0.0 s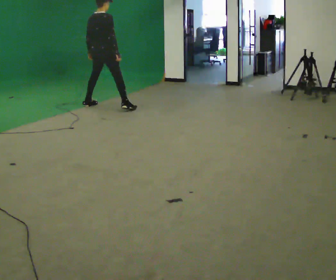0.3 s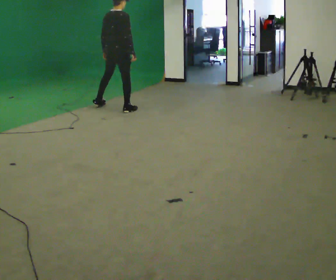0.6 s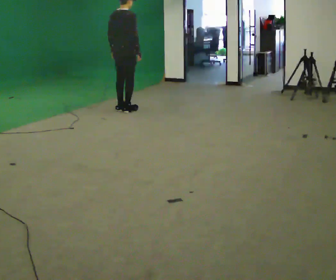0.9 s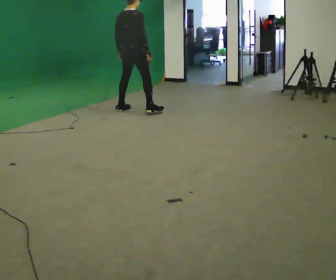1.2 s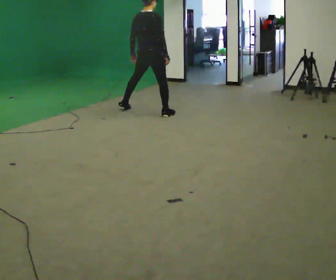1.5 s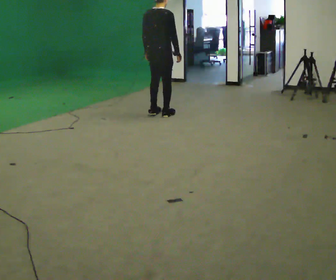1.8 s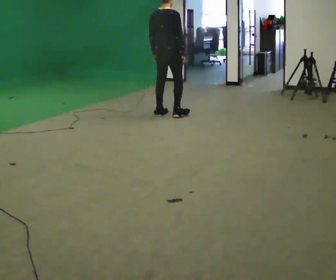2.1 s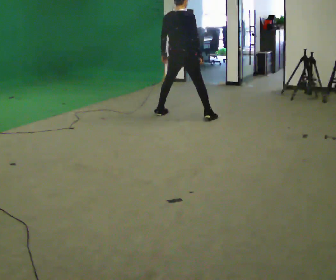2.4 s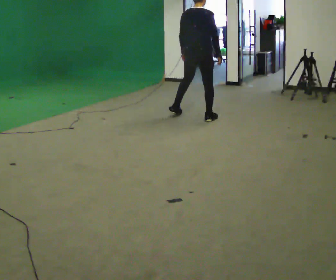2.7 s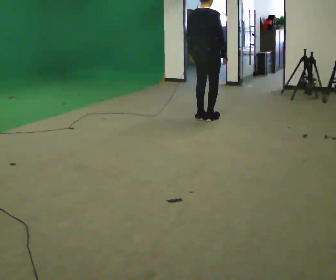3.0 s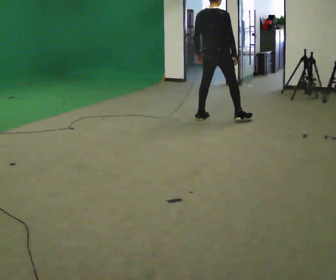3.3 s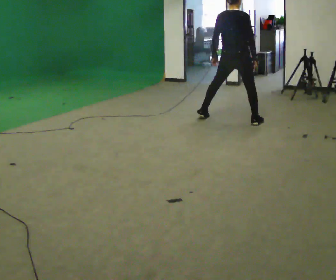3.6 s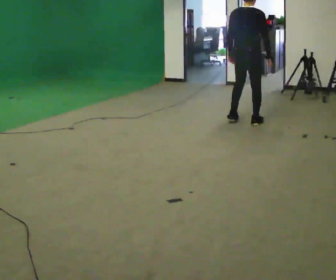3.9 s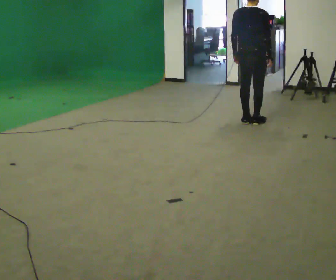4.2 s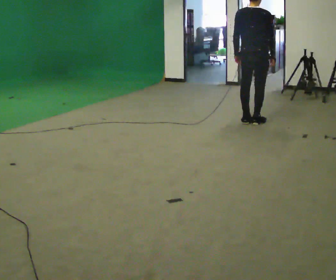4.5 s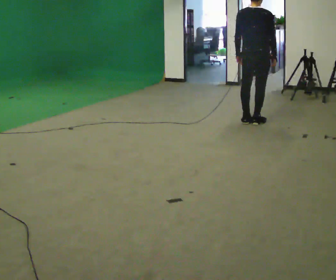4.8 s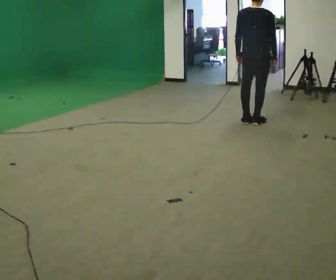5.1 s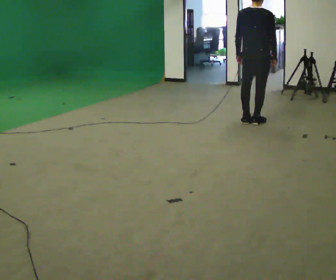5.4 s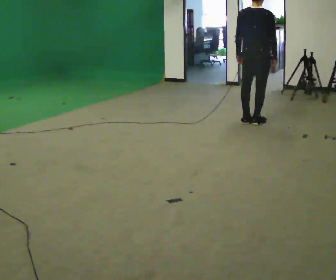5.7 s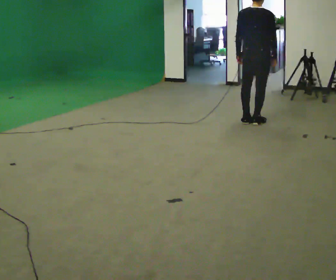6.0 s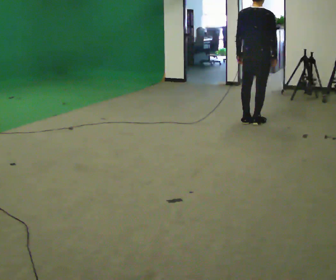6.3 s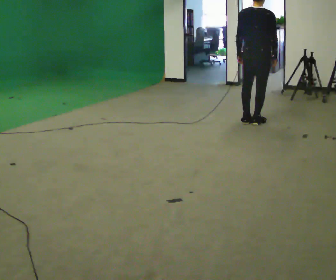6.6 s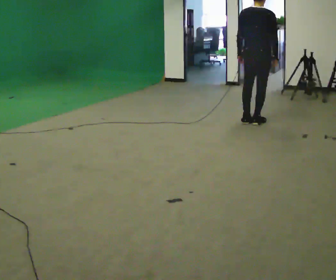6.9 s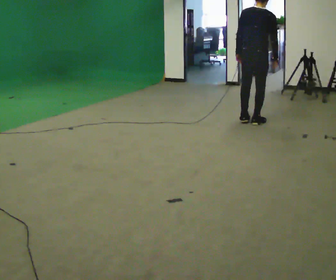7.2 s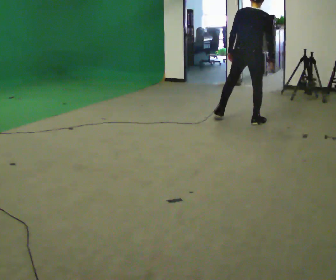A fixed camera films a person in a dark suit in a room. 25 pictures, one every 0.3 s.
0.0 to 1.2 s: In the picture they go to the right, about 1 m in 3 steps, which for them is to their right.
1.2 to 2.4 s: In the picture they go to the right, about 0.5 m in 2 steps, which for them is to their right.
2.4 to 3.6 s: In the picture they go to the right, about 0.75 m in 2 steps, which for them is to their right.
3.6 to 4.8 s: The person moves a little, or ends about where they began.
4.8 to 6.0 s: The person keeps their place and pose.
6.0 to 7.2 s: The person moves a little, or ends about where they began.
The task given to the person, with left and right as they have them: Move laterally left/right for ~3 m; natural controlled steps; stop.
The film runs forward here.
